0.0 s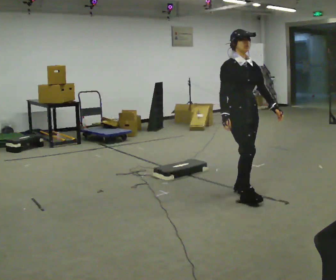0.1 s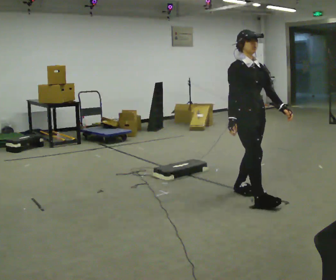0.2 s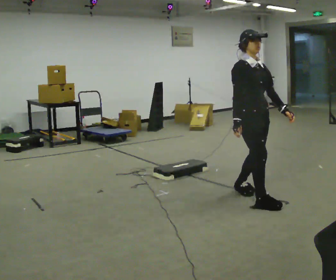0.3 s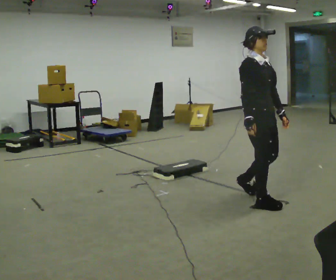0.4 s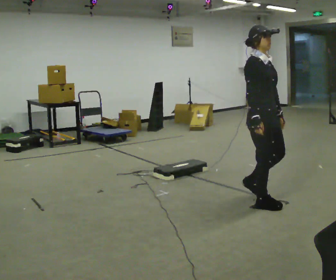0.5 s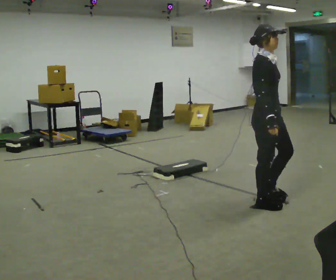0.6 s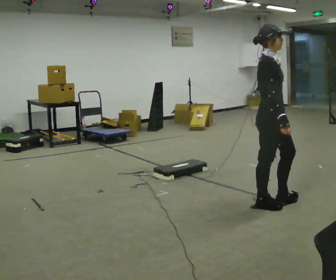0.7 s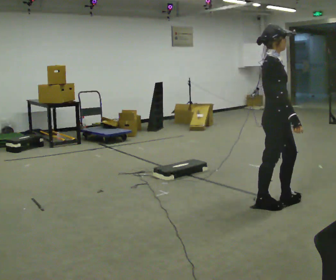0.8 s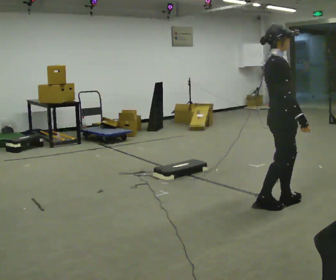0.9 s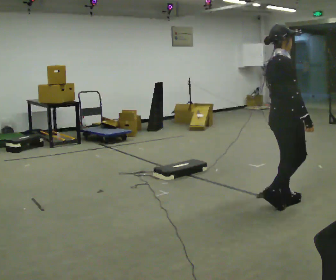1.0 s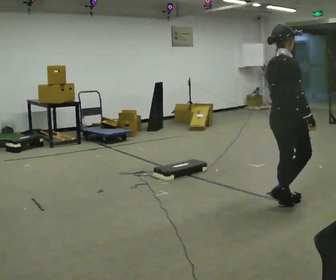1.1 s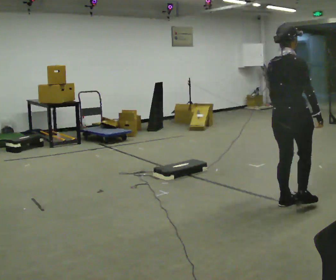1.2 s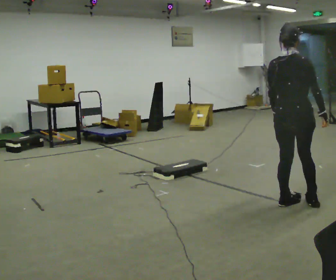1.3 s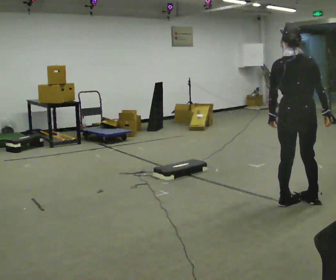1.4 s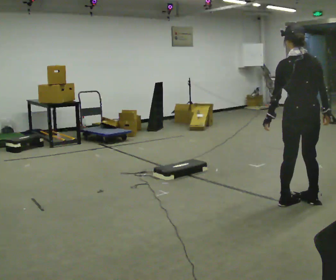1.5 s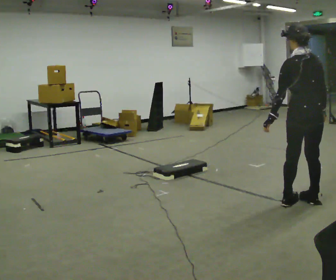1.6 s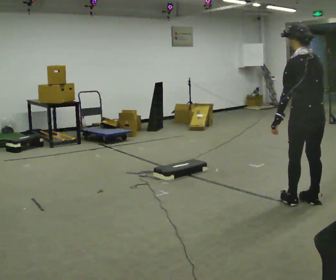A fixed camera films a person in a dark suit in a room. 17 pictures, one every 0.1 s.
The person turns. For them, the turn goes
to their left.
Their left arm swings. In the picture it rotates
clockwise.
0.0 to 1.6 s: Seen from above the body turns counterclockwise, about 165 degrees: to their left, with its near side sliding to the right. In the picture they go to the right, about 0.75 m in 3 steps.
The film runs forward here.
